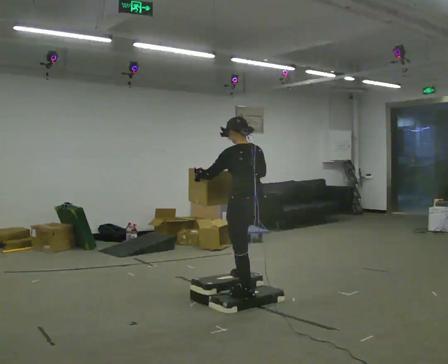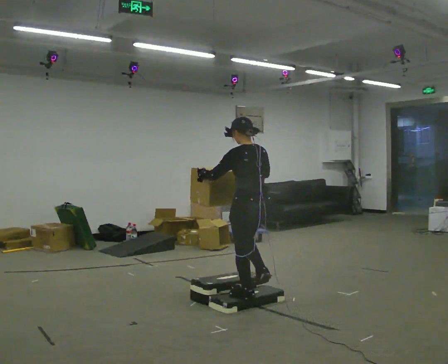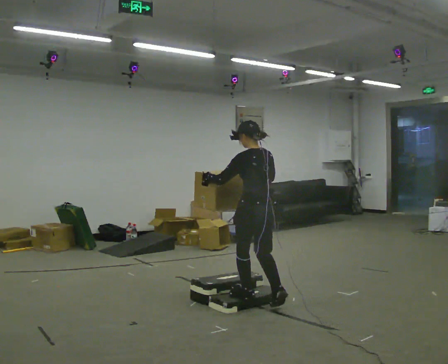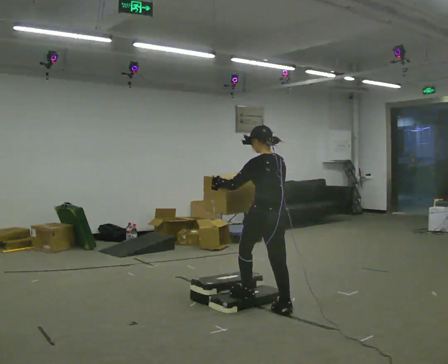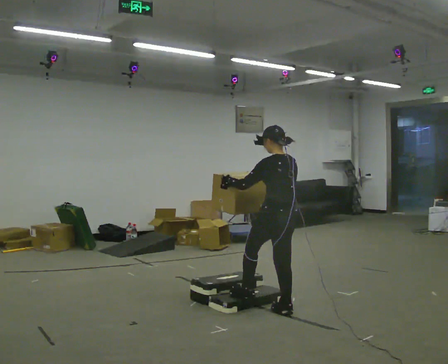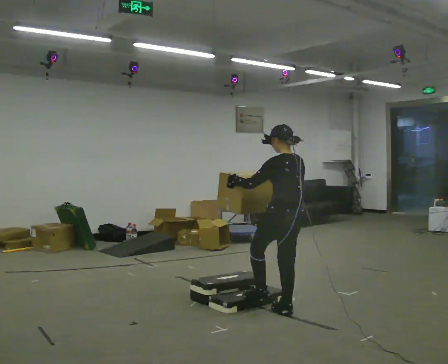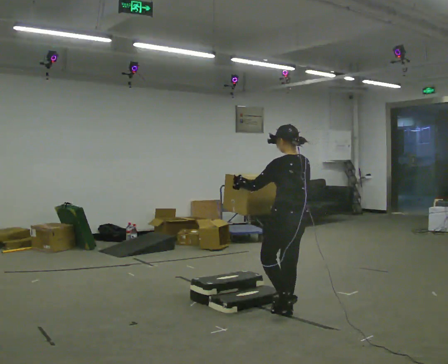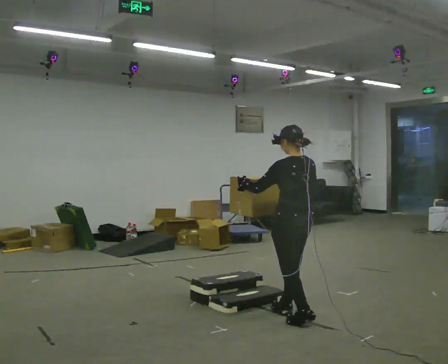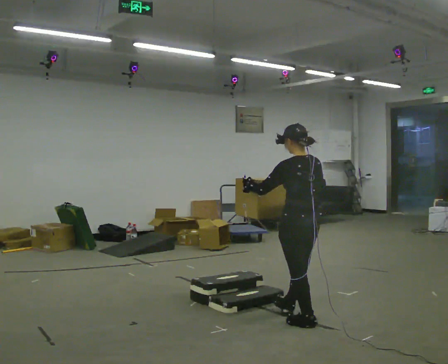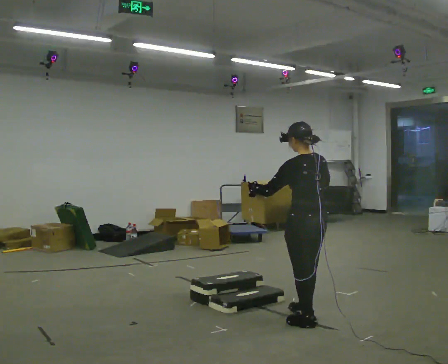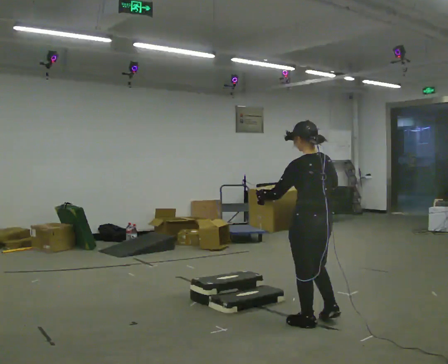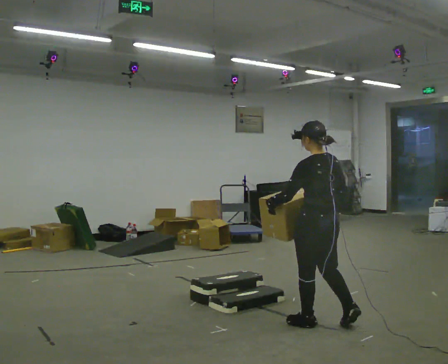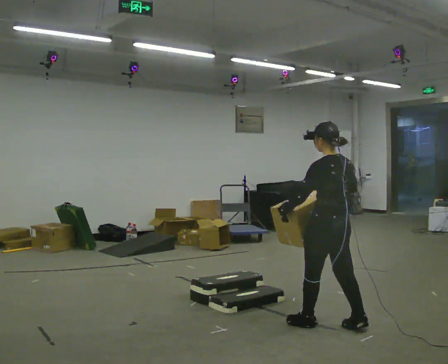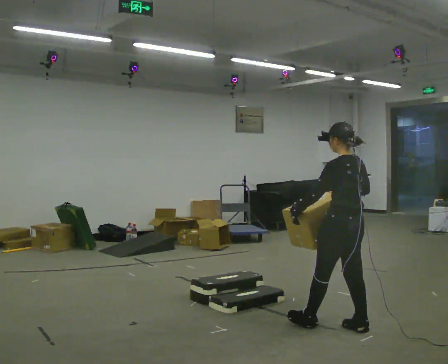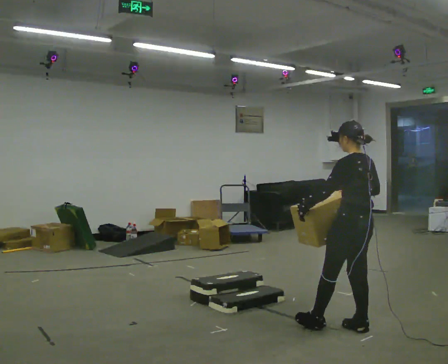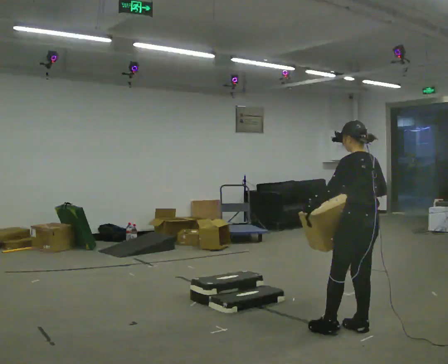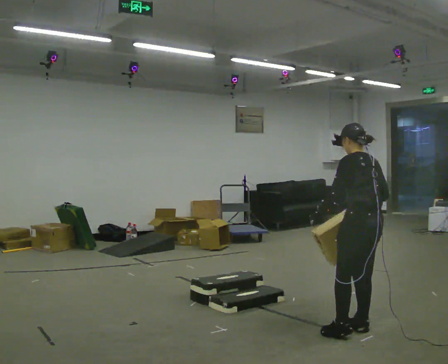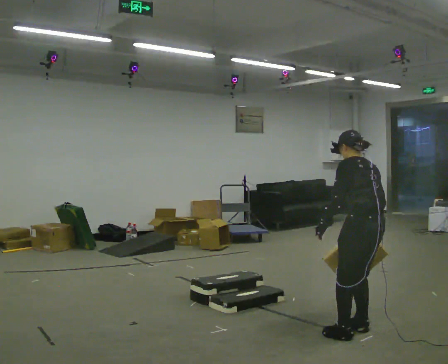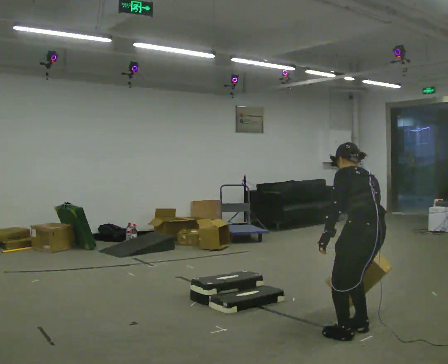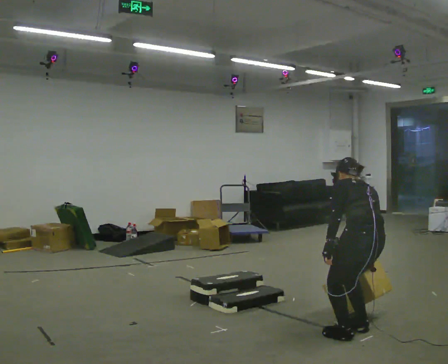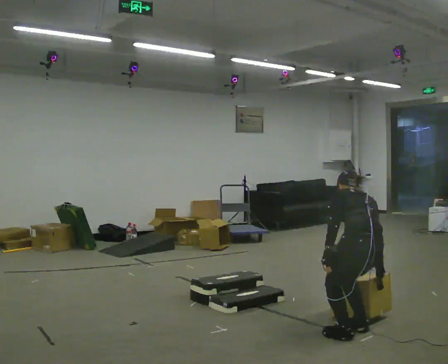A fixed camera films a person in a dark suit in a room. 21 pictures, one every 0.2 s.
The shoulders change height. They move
downward.
Their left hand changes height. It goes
downward.
0.0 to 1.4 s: In the picture they go to the right and toward the camera, about 0.5 m in 1 step, which for them is backward.
1.4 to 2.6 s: In the picture they go to the right and toward the camera, about 0.5 m in 1 step, which for them is backward.
2.6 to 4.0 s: The part of the body nearest the lens slides to the left as the person turns to their right by about 30 degrees. In the picture they go toward the camera, about 0.25 m in 1 step, which for them is backward. The upper body goes downward. The upper body tips away from the camera, its near side rolling upward, as they bend forward. In the picture their right hand goes downward and to the right.
The film runs backward here.
